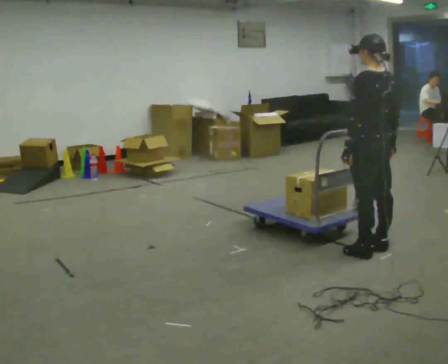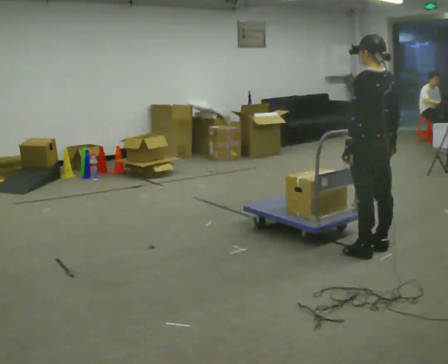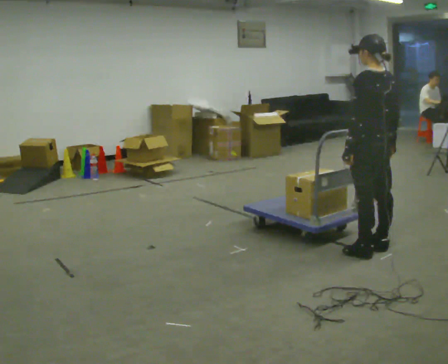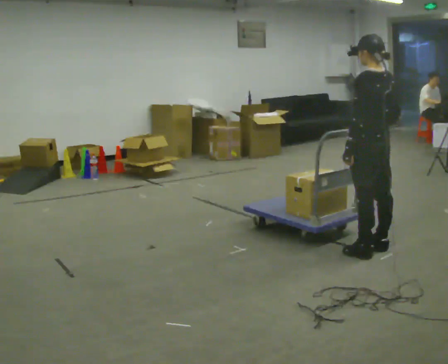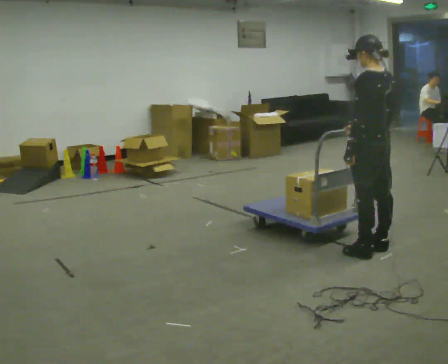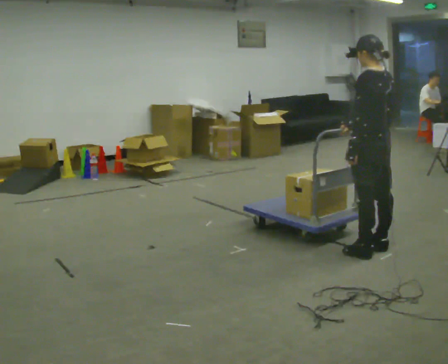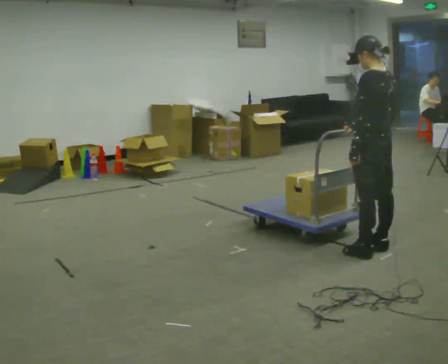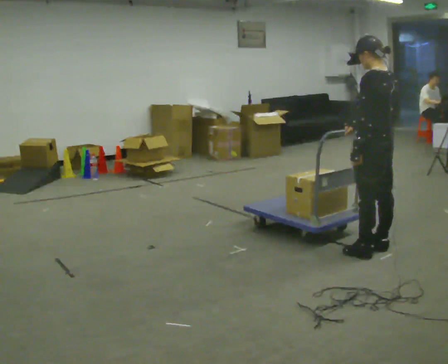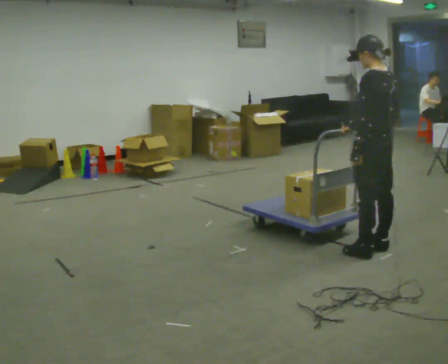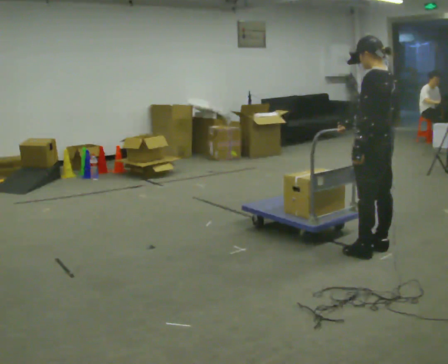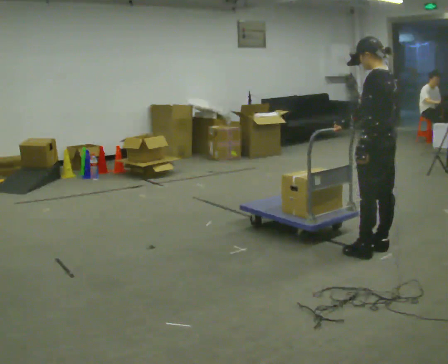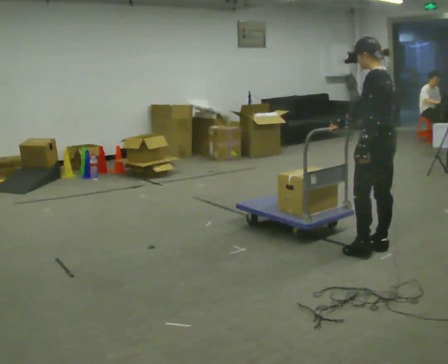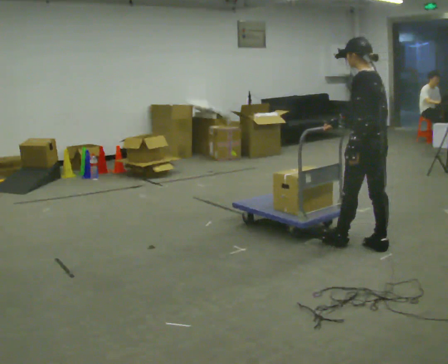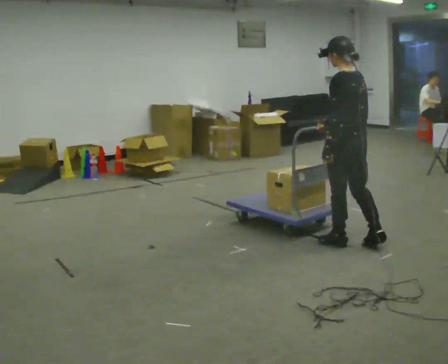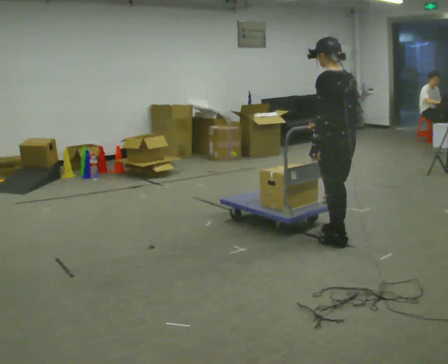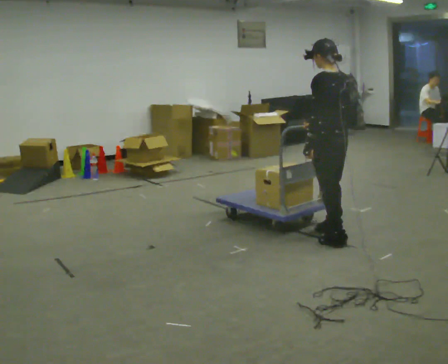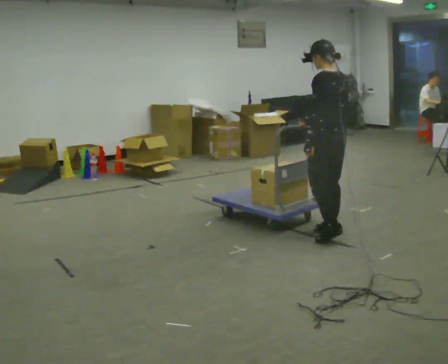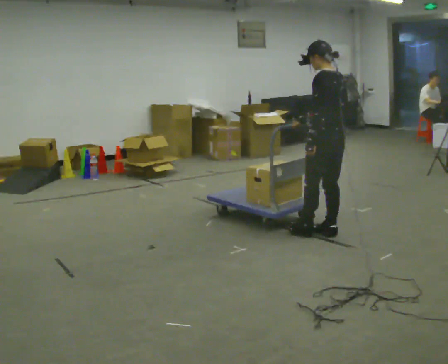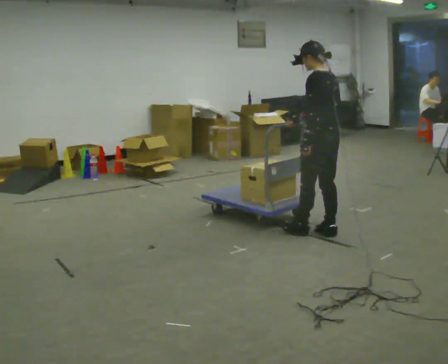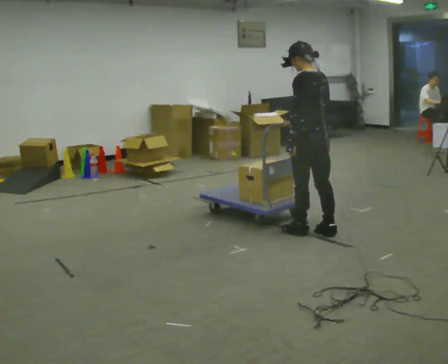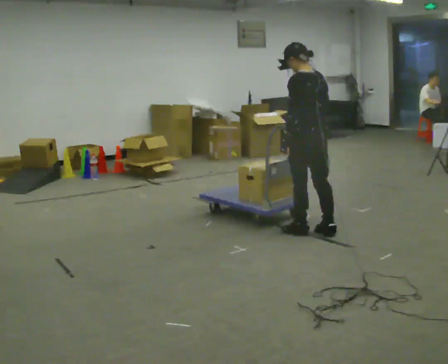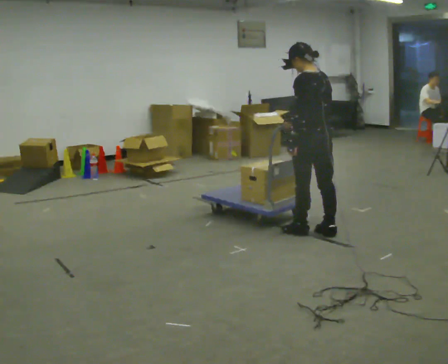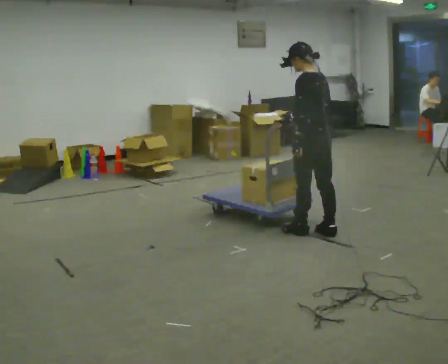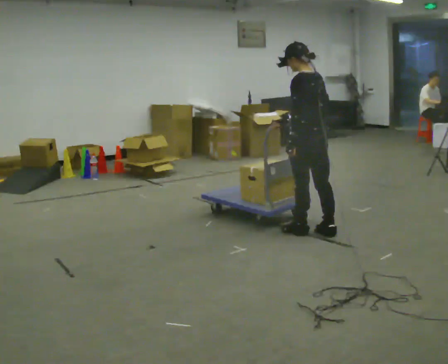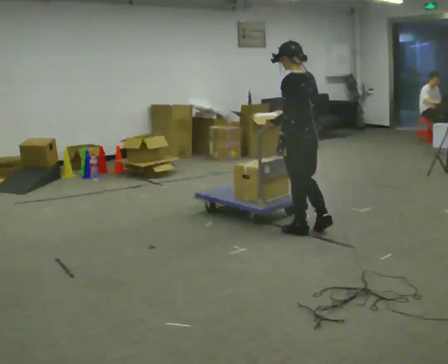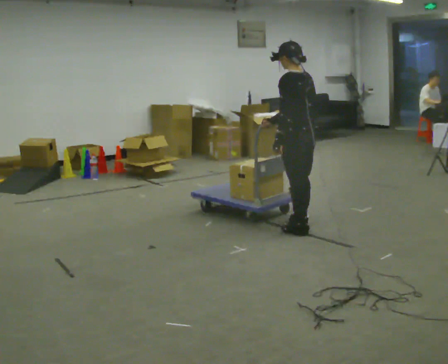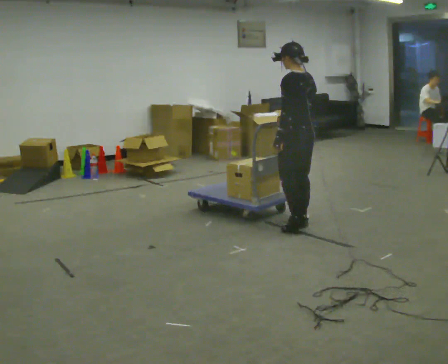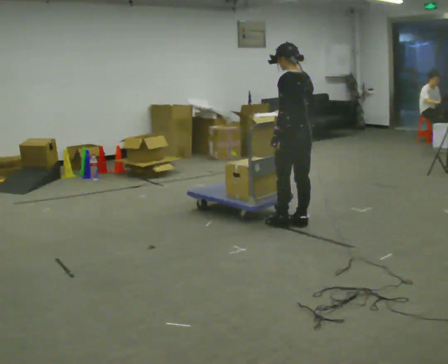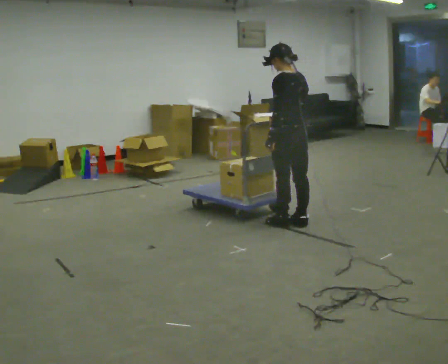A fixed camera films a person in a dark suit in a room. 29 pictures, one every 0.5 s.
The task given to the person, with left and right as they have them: Push the cart across the room using only the hand the operator calls. Keep your other arm at your side.
0.0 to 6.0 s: In the picture their right hand goes to the left, the arm swinging clockwise.
6.0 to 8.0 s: In the picture they go away from the camera and to the left, about 0.5 m in 1 step, which for them is forward.
8.0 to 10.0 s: In the picture they go to the left, about 0.25 m in 1 step, which for them is forward.
10.0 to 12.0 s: The person moves a little, or ends about where they began.
12.0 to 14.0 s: In the picture they go away from the camera, about 0.25 m in 2 steps, which for them is forward and to their right.
The film runs forward here.
